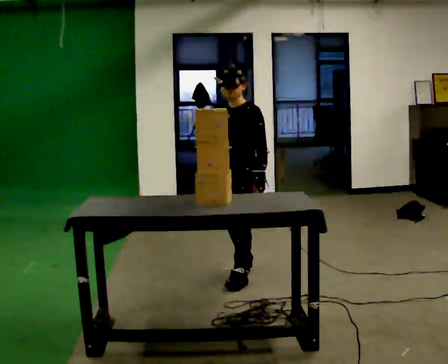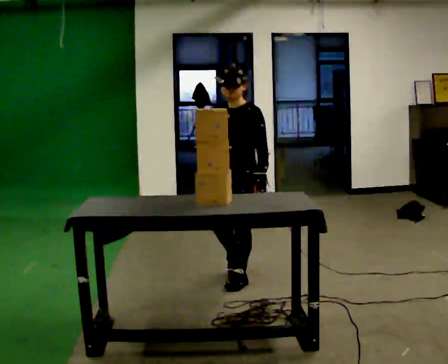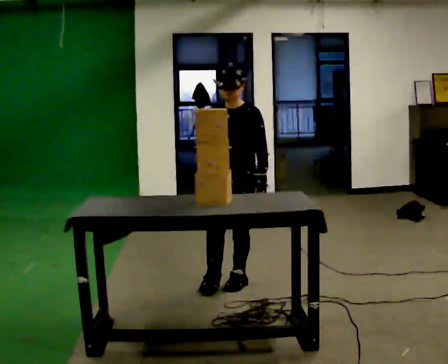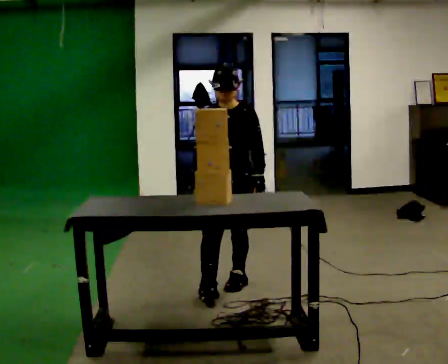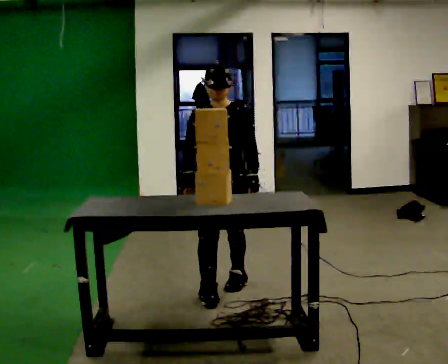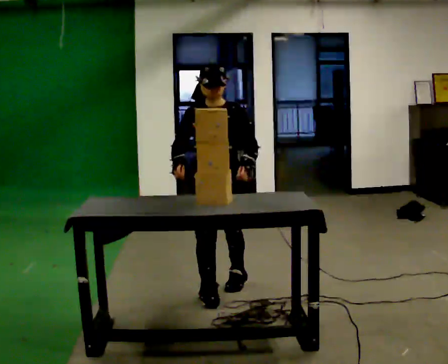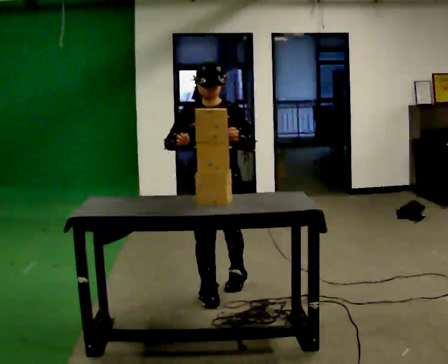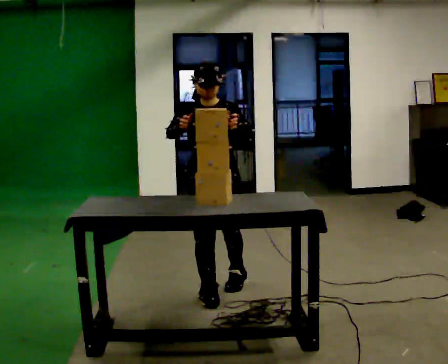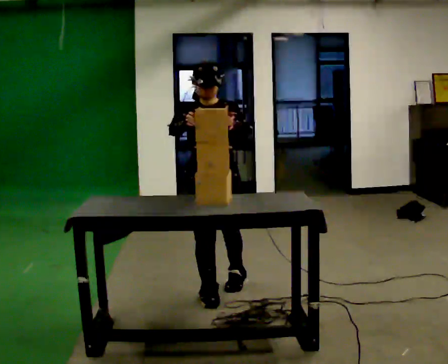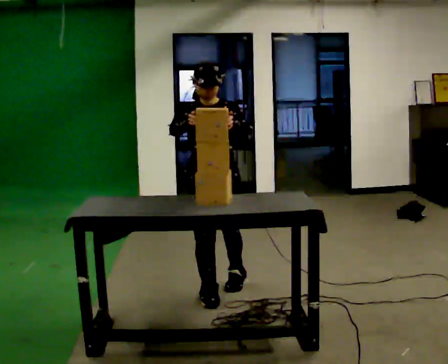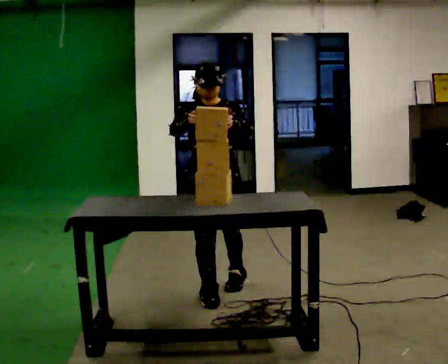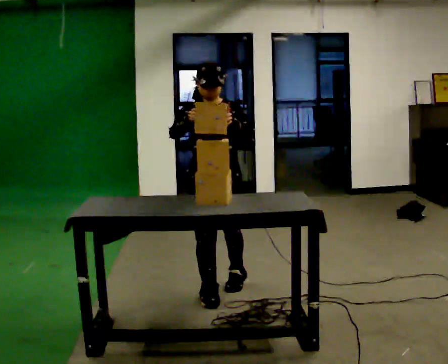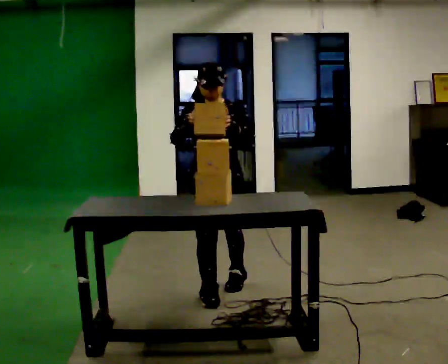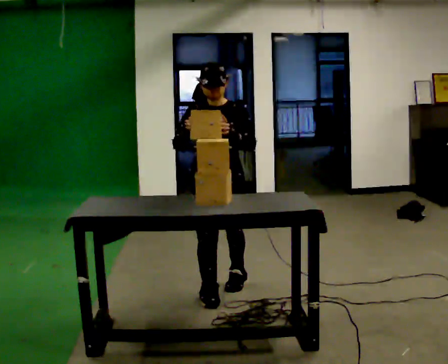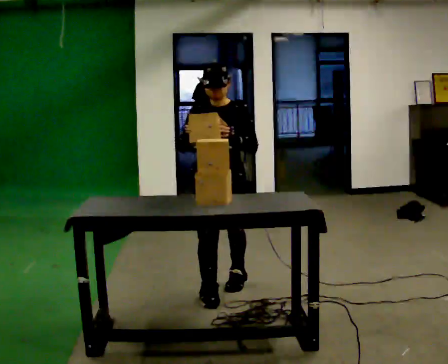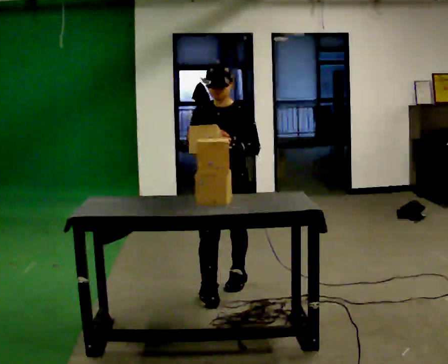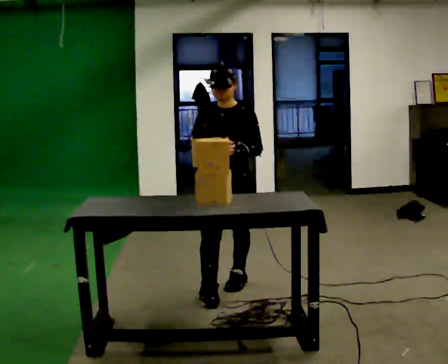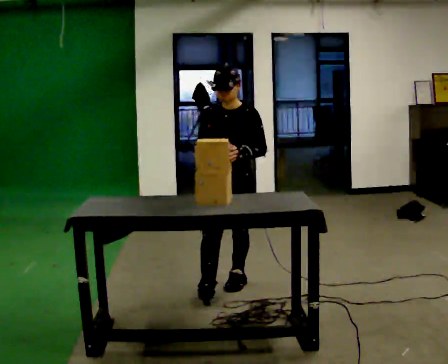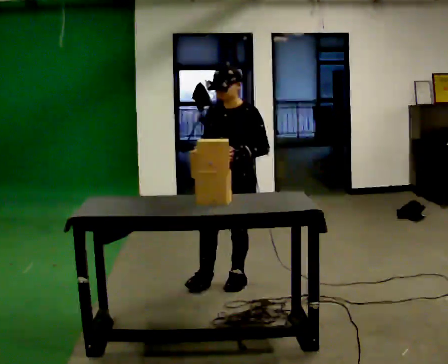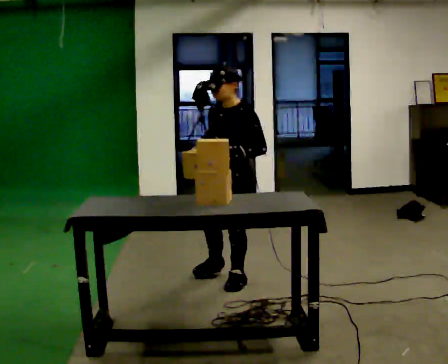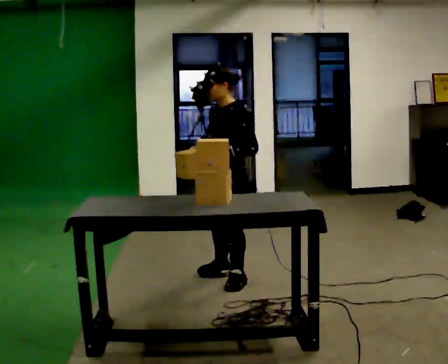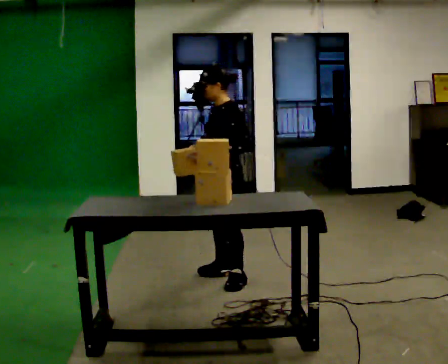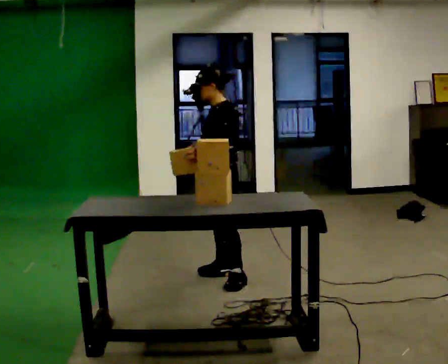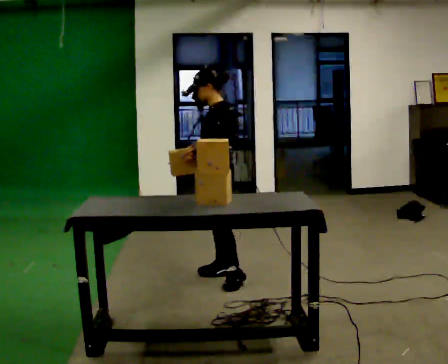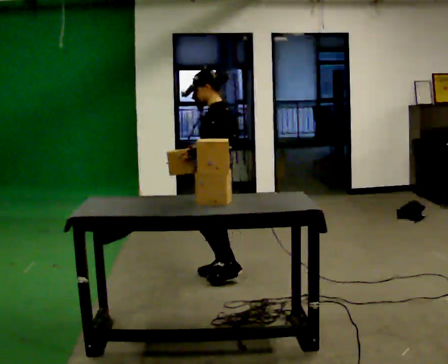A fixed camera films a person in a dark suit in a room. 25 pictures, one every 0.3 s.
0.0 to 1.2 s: The person turns about 30 degrees to their left, counterclockwise seen from above, so the part of the body nearest the lens slides to the right. In the picture they go toward the camera, about 0.25 m in 1 step, which for them is forward.
1.2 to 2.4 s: In the picture their right hand goes upward.
2.4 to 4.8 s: The person moves a little, or ends about where they began.
4.8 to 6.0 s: Seen from above the body turns clockwise, about 45 degrees: to their right, with its near side sliding to the left. In the picture they go away from the camera, about 0.25 m in 1 step, which for them is backward.
6.0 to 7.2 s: The person turns about 30 degrees to their right, clockwise seen from above, so the part of the body nearest the lens slides to the left. In the picture they go away from the camera, about 0.25 m, which for them is to their right.
The film runs forward here.
